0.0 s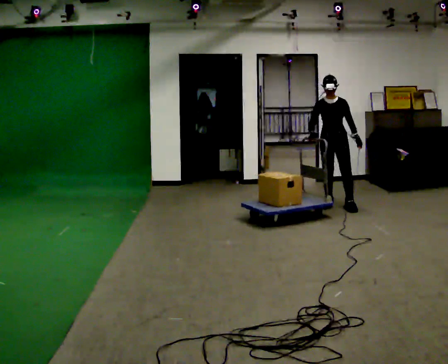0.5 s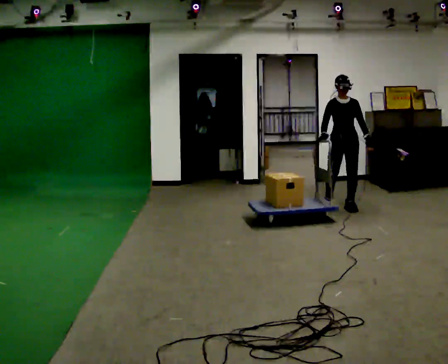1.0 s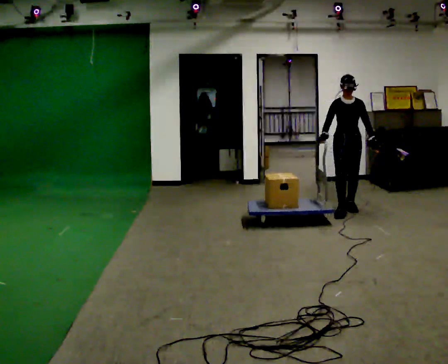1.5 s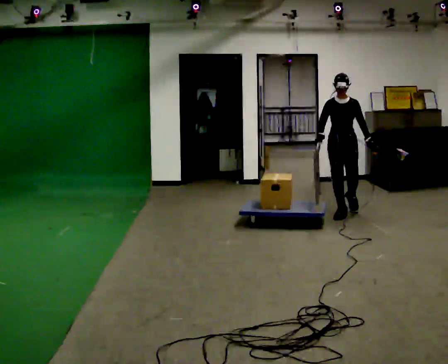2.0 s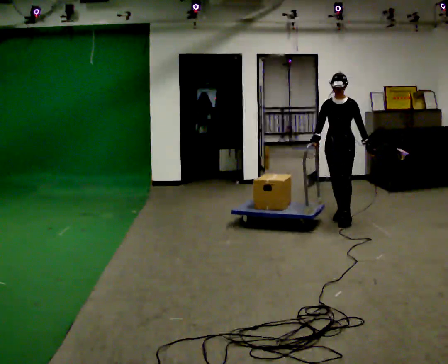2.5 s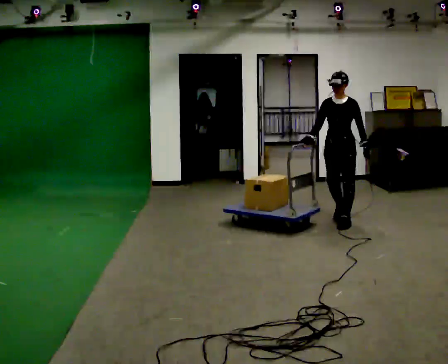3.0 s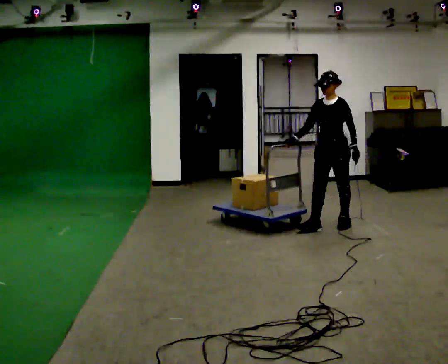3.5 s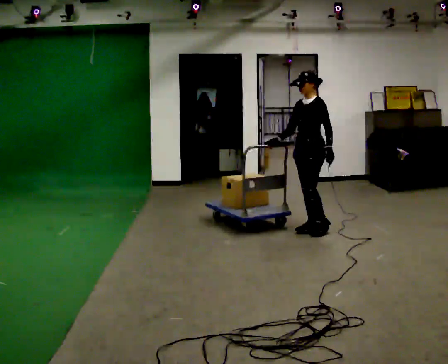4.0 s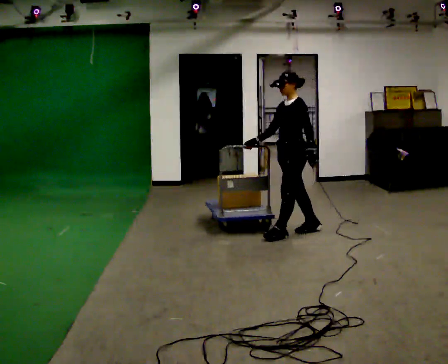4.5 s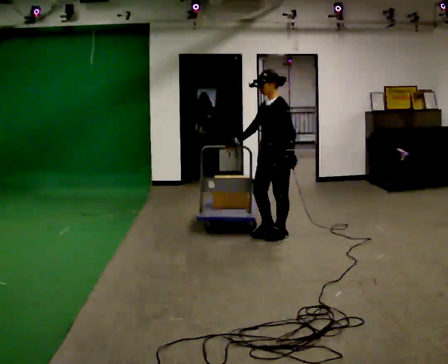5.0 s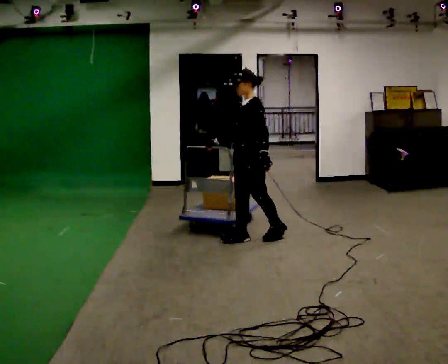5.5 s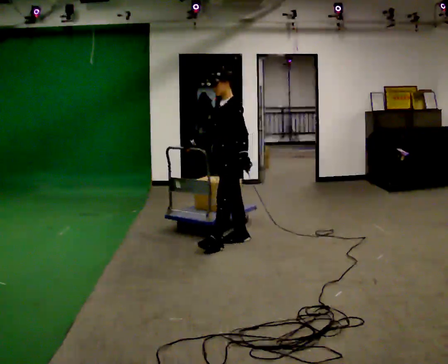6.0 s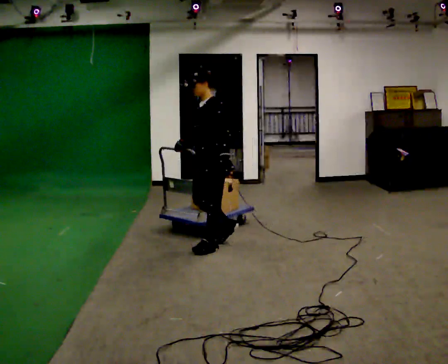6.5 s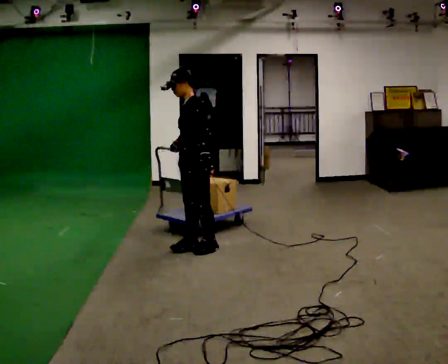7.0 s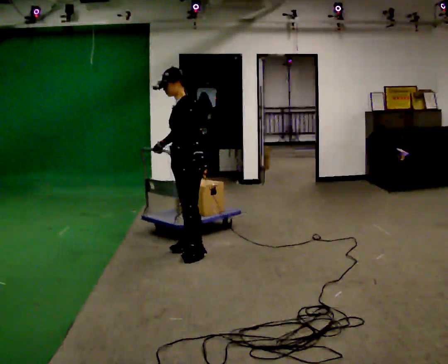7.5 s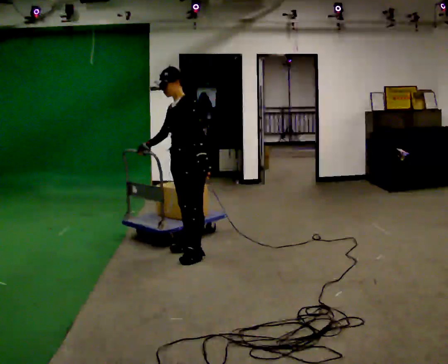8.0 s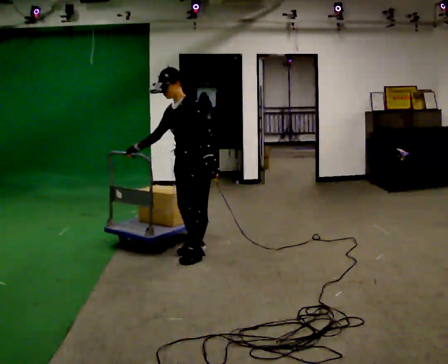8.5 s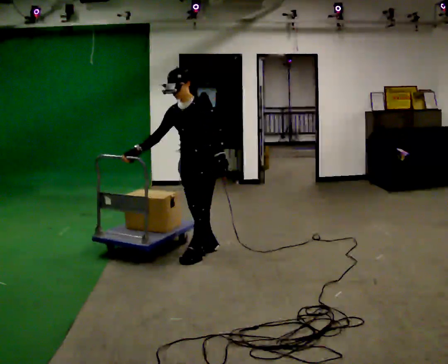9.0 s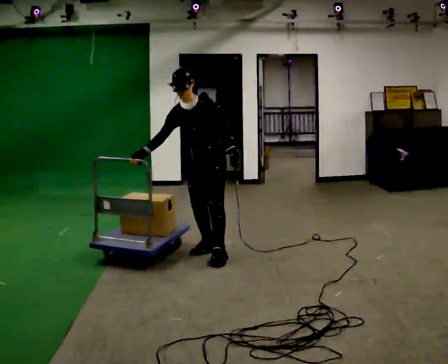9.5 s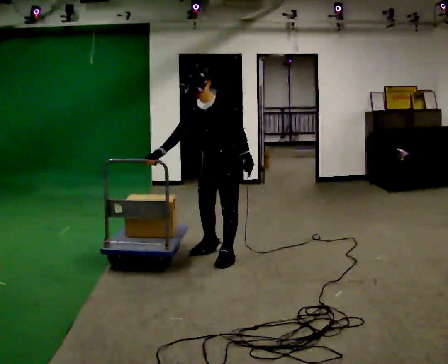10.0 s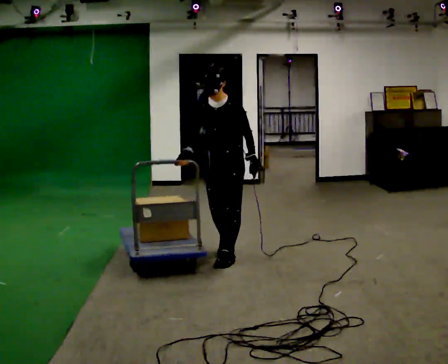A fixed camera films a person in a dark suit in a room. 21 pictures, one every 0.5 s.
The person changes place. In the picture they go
toward the camera.
0.0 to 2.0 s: In the picture they go toward the camera, about 0.5 m in 1 step, which for them is forward.
2.0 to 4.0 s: The part of the body nearest the lens slides to the left as the person turns to their right by about 45 degrees. In the picture they go toward the camera and to the left, about 1 m in 3 steps, which for them is forward.
4.0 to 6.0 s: In the picture they go to the left and toward the camera, about 1 m in 2 steps, which for them is forward.
6.0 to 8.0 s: In the picture they go toward the camera, about 0.25 m in 2 steps, which for them is forward and to their left.
8.0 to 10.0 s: The person turns about 30 degrees to their left, counterclockwise seen from above, so the part of the body nearest the lens slides to the right. In the picture they go to the right, about 0.25 m in 2 steps, which for them is to their left. In the picture their right hand goes to the right.
The film runs forward here.
